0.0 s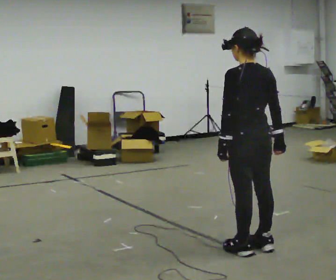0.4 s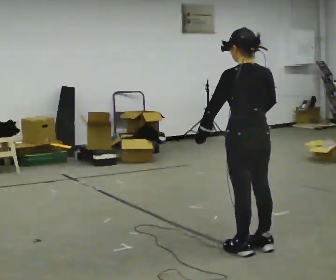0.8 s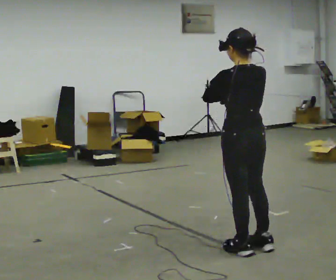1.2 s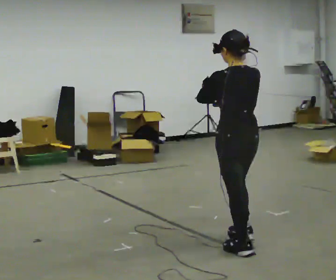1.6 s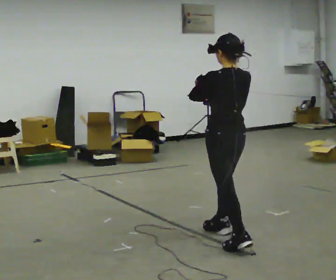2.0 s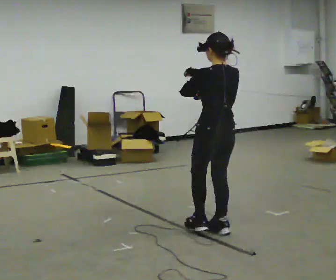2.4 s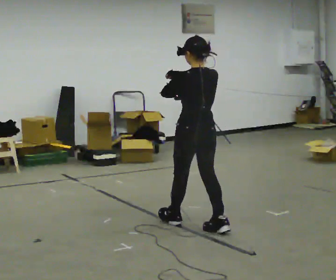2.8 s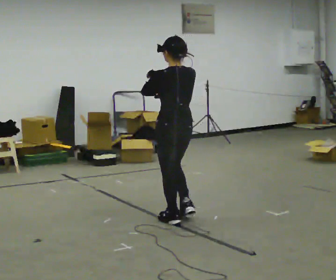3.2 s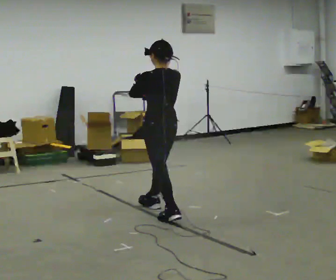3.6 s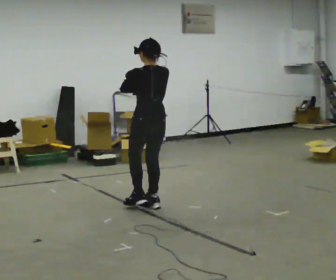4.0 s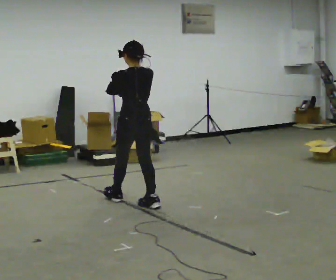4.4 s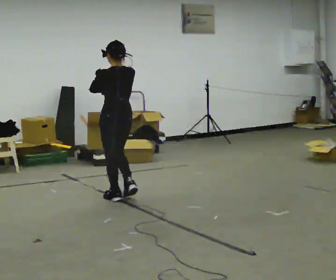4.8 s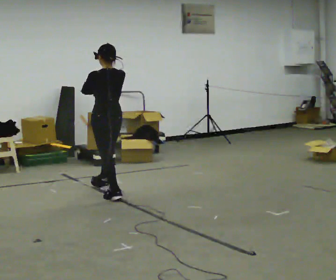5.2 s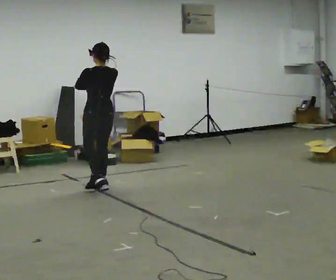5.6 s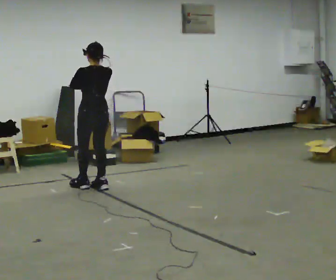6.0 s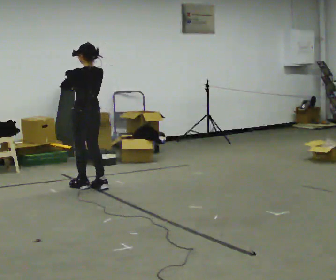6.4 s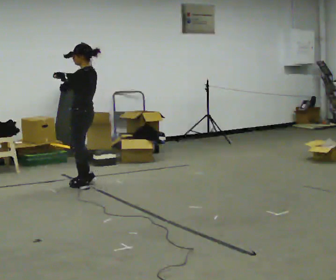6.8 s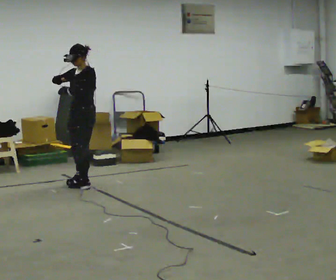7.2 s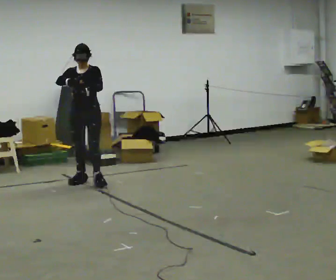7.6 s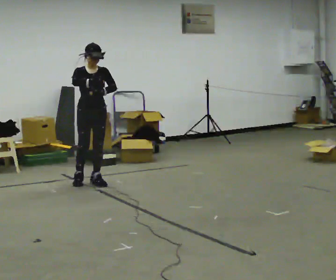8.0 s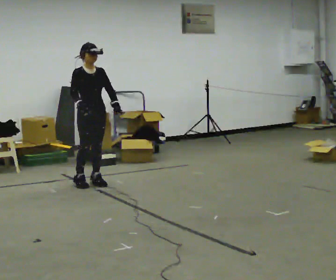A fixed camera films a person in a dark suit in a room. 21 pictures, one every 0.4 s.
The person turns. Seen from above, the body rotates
counterclockwise.
The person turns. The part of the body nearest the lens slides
to the right.
0.0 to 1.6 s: In the picture they go away from the camera, about 0.25 m in 1 step, which for them is forward. In the picture their right hand goes upward.
1.6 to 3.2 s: In the picture they go away from the camera and to the left, about 1 m in 2 steps, which for them is forward.
3.2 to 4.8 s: In the picture they go away from the camera and to the left, about 1 m in 2 steps, which for them is forward.
4.8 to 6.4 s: The part of the body nearest the lens slides to the right as the person turns to their left by about 45 degrees. In the picture they go away from the camera and to the left, about 0.5 m in 1 step, which for them is forward.
6.4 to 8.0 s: The part of the body nearest the lens slides to the right as the person turns to their left by about 135 degrees.
The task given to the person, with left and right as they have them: Walk normally but hold both hands together in front of you at chest height; do not swing your arms; stop.
The film runs forward here.
